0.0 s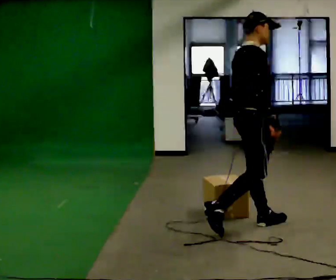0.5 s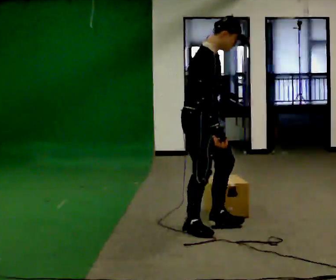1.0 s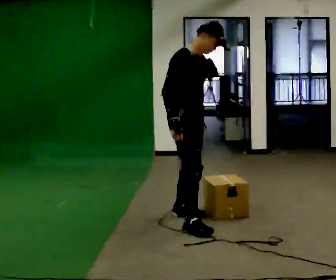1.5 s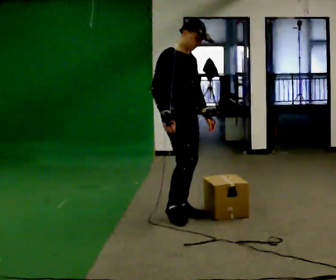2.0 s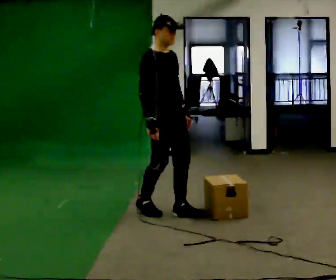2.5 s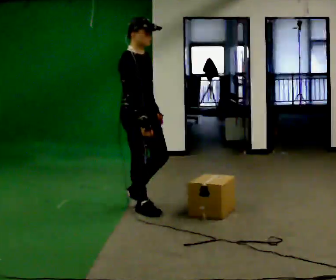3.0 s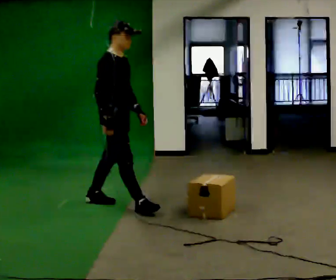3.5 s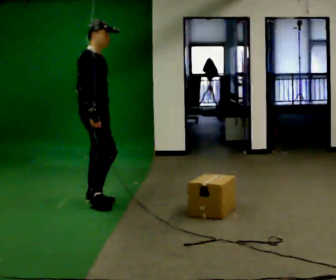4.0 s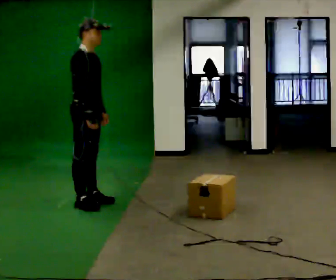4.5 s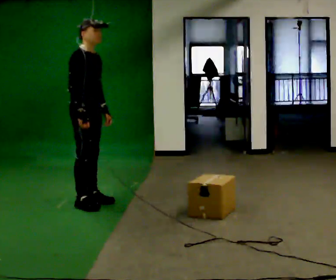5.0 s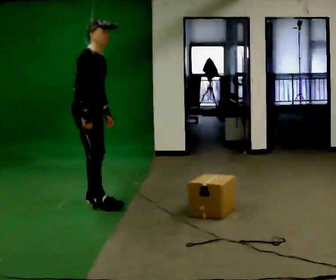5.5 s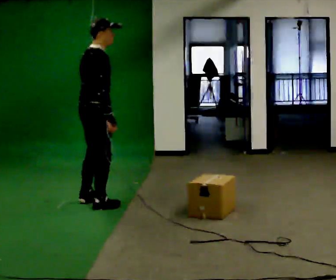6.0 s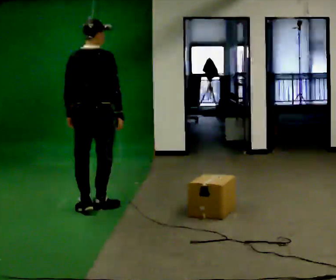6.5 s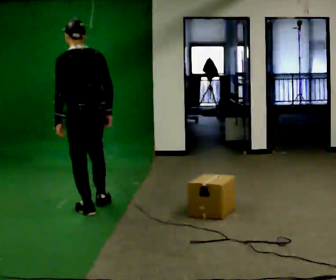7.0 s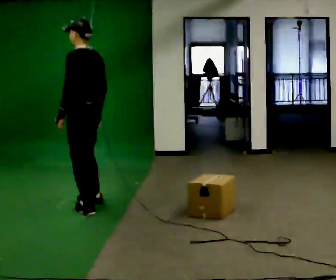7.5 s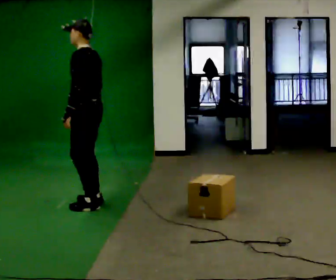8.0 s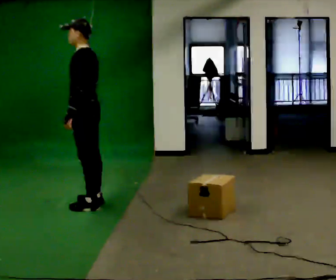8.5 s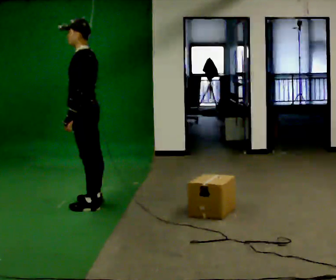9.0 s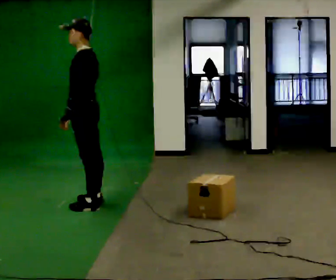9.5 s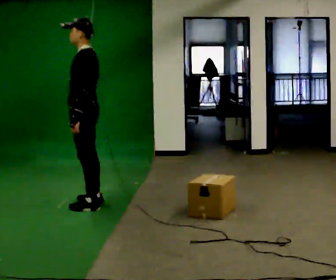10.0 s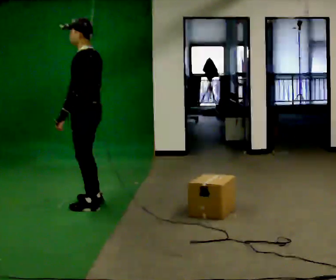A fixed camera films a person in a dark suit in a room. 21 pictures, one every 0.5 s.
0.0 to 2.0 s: The person turns about 45 degrees to their right, clockwise seen from above, so the part of the body nearest the lens slides to the left. In the picture they go to the left and away from the camera, about 1 m in 2 steps, which for them is backward.
2.0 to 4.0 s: Seen from above the body turns counterclockwise, about 30 degrees: to their left, with its near side sliding to the right. In the picture they go to the left and away from the camera, about 1 m in 2 steps, which for them is backward.
4.0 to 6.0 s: The person turns about 75 degrees to their left, counterclockwise seen from above, so the part of the body nearest the lens slides to the right. In the picture they go toward the camera, about 0.25 m in 2 steps.
6.0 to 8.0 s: Seen from above the body turns counterclockwise, about 105 degrees: to their left, with its near side sliding to the right. In the picture they go away from the camera, about 0.25 m in 2 steps. In the picture their right hand goes to the left.
8.0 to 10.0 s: The person moves a little, or ends about where they began.
The film runs backward here.
